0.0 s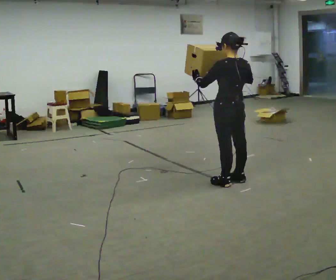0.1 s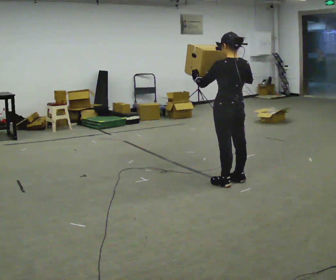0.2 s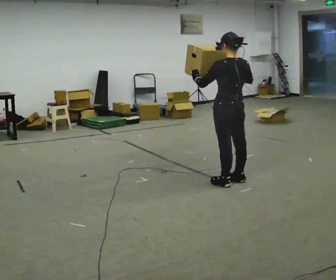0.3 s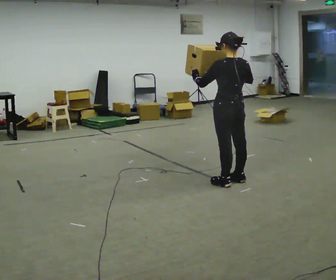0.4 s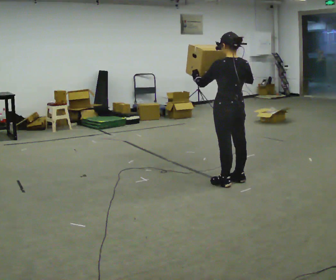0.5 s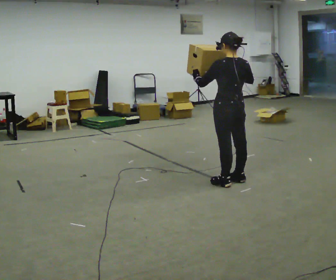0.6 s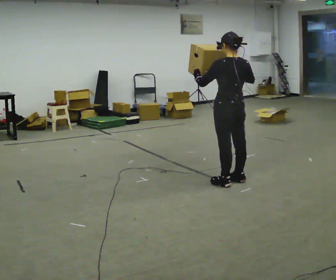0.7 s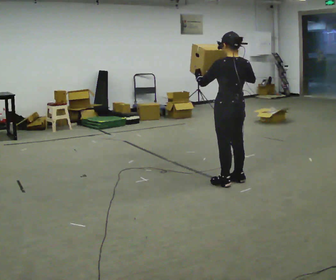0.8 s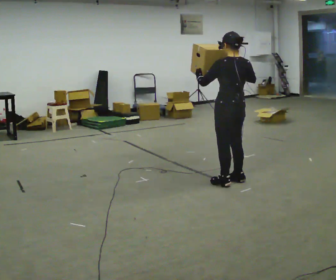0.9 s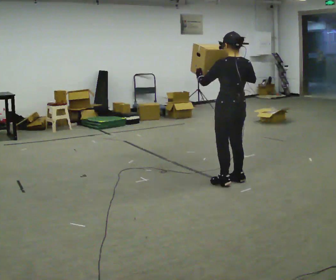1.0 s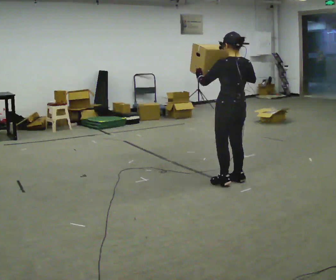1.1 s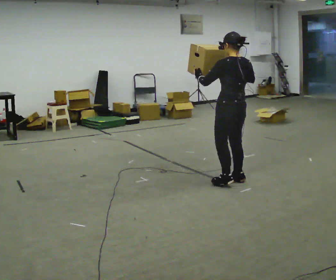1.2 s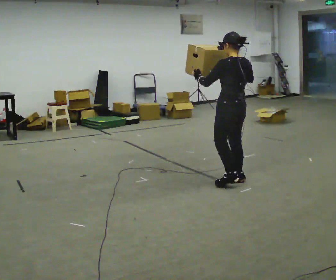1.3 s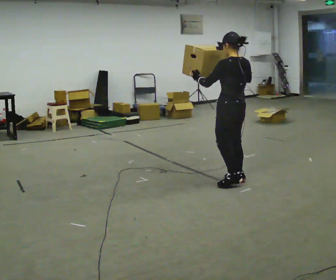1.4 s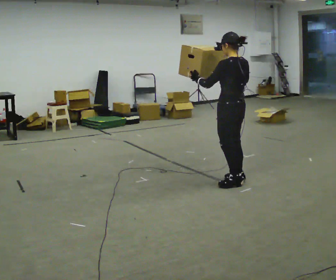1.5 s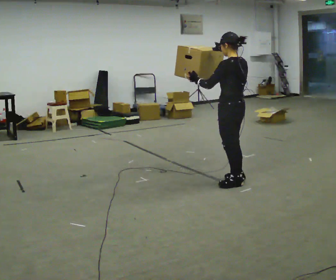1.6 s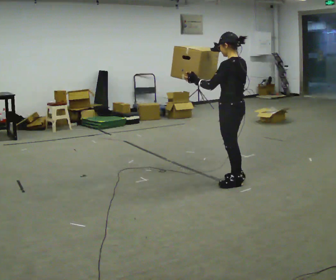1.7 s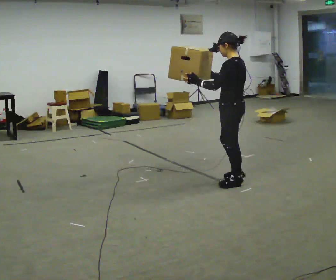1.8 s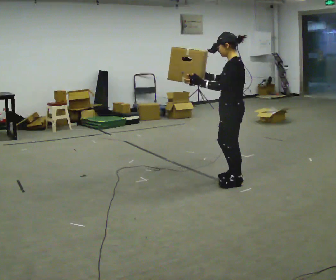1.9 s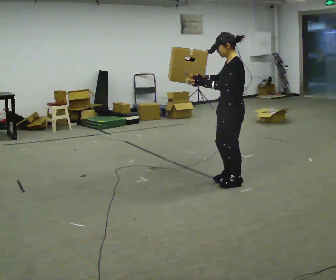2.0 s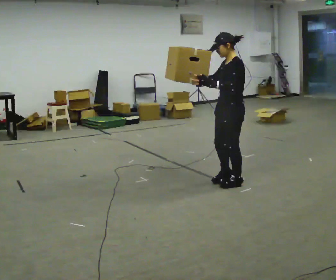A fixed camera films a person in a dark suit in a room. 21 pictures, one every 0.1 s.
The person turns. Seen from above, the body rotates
counterclockwise.
The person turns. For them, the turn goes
to their left.
0.0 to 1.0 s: The person moves a little, or ends about where they began.
1.0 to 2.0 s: The person turns about 75 degrees to their left, counterclockwise seen from above, so the part of the body nearest the lens slides to the right. In the picture their right hand goes to the left.
The film runs backward here.
